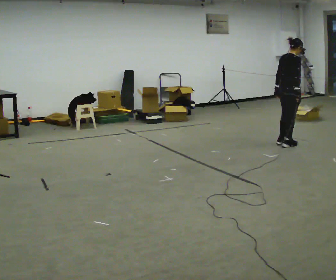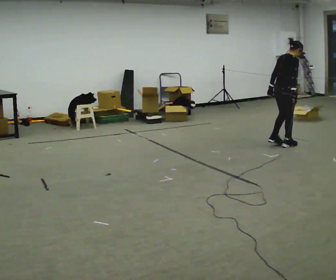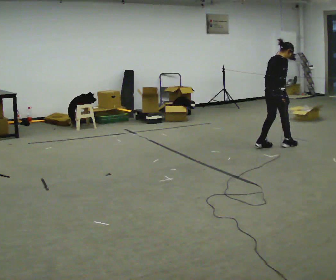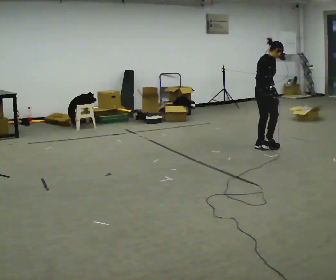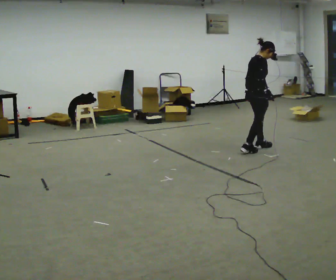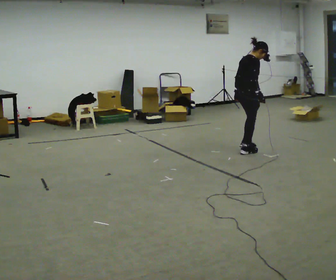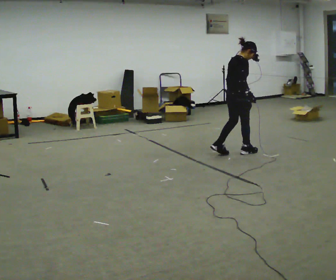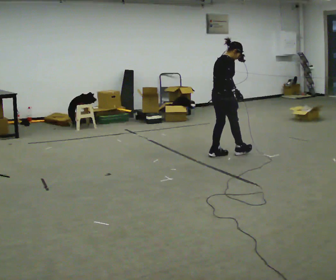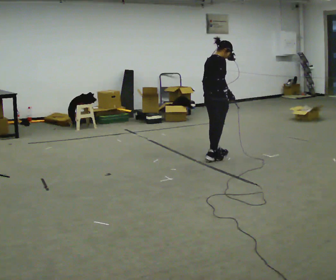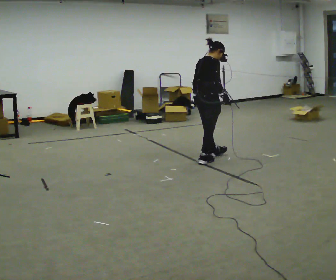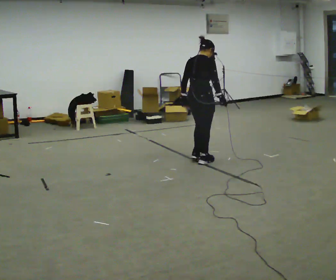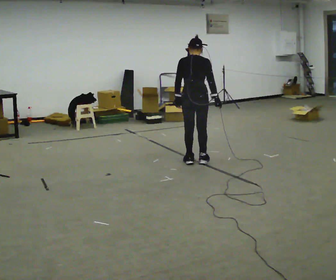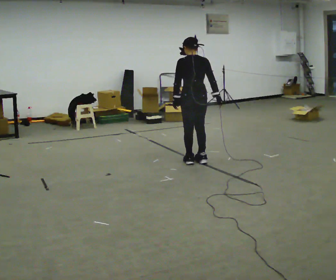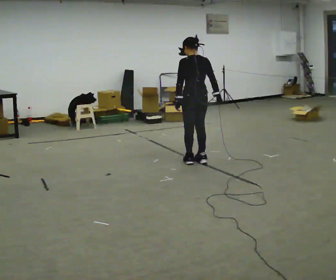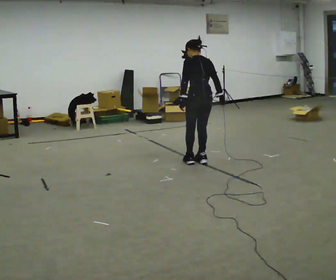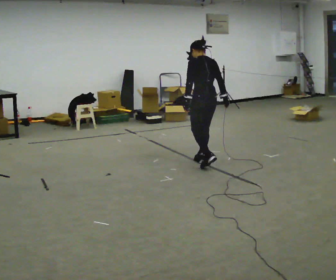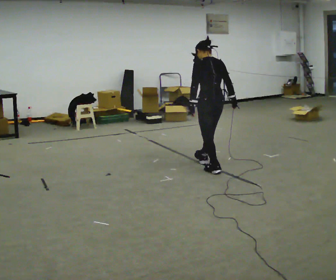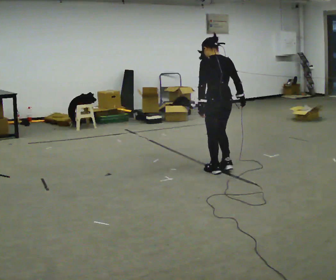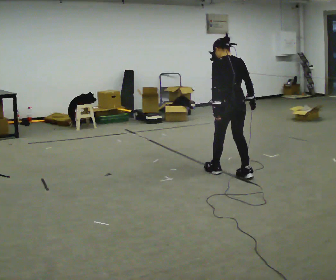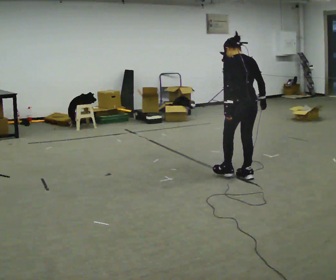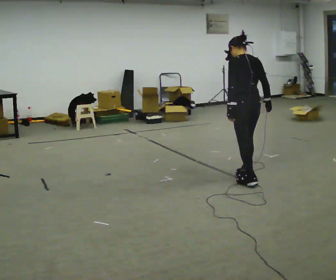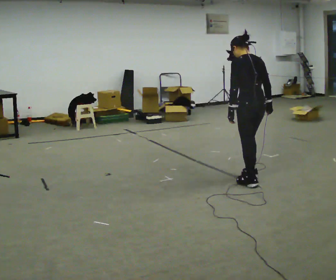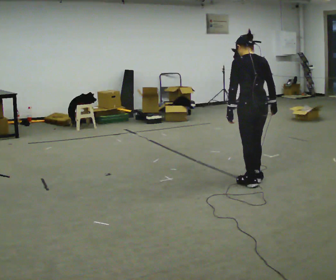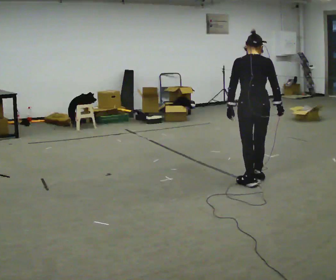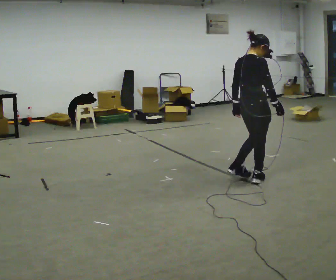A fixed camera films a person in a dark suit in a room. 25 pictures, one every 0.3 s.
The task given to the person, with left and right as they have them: Walk backward several steps, then turn while still moving backward, then continue backward. Operator confirms the space behind you is clear.
0.0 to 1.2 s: In the picture they go to the left, about 0.5 m in 2 steps, which for them is backward.
1.2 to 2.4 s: In the picture they go to the left and toward the camera, about 0.75 m in 1 step, which for them is backward.
2.4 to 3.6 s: Seen from above the body turns counterclockwise, about 75 degrees: to their left, with its near side sliding to the right. In the picture they go to the left and toward the camera, about 0.25 m in 2 steps.
3.6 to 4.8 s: In the picture they go toward the camera and to the right, about 0.25 m in 1 step, which for them is backward.
4.8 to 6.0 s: In the picture they go toward the camera and to the right, about 0.5 m in 2 steps, which for them is backward.
6.0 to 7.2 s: The person turns about 90 degrees to their right, clockwise seen from above, so the part of the body nearest the lens slides to the left.
The film runs forward here.
